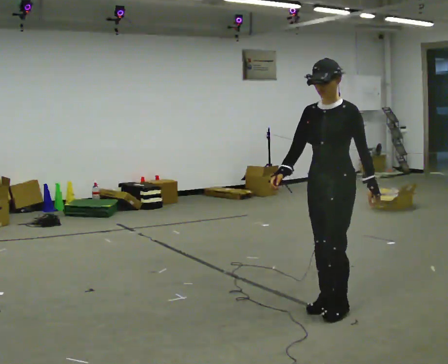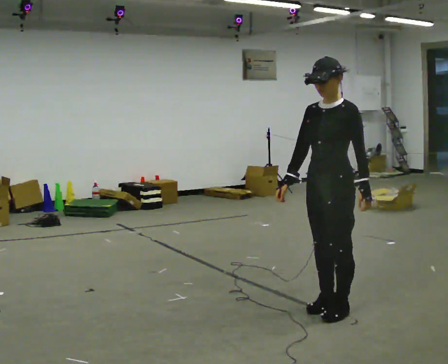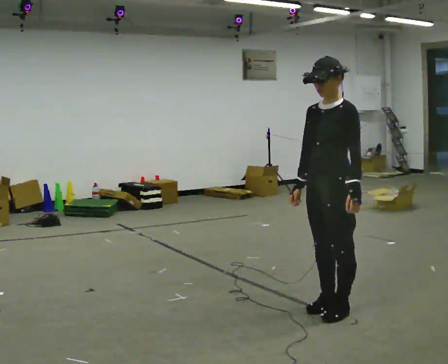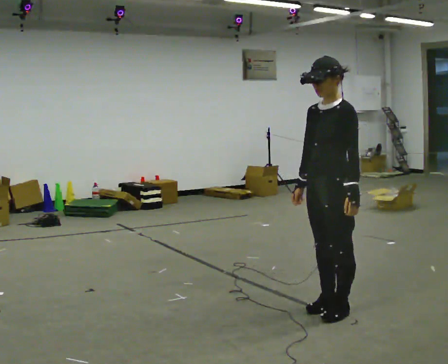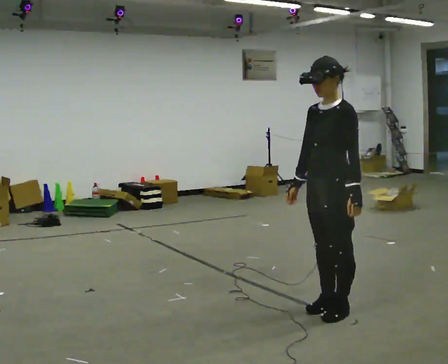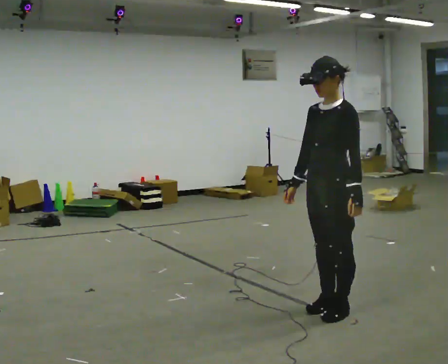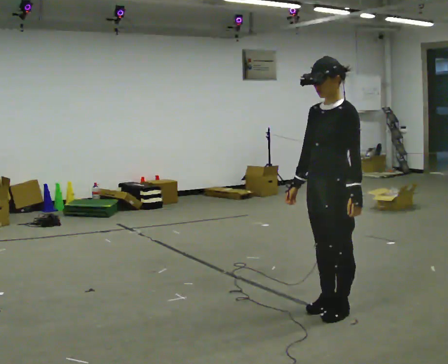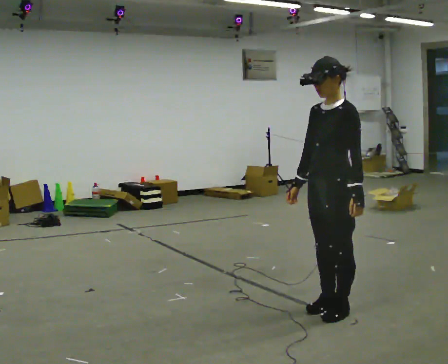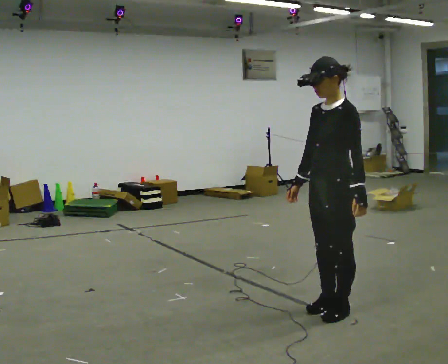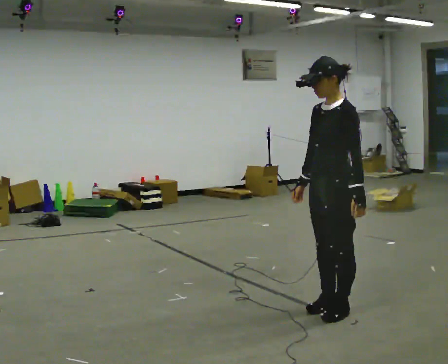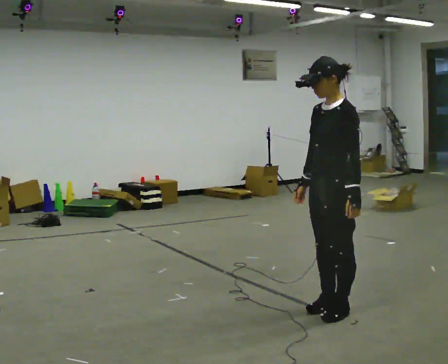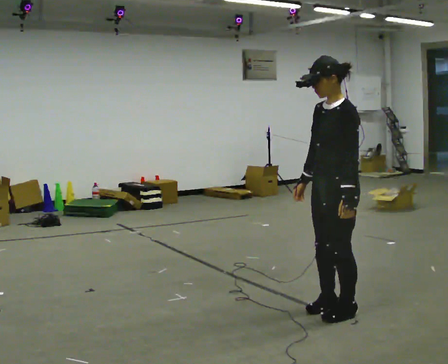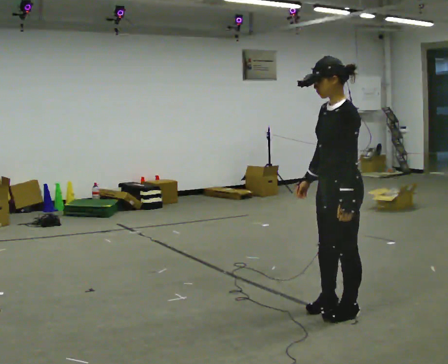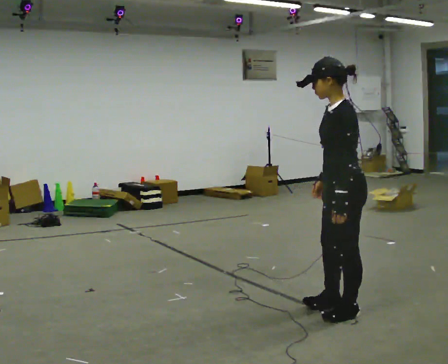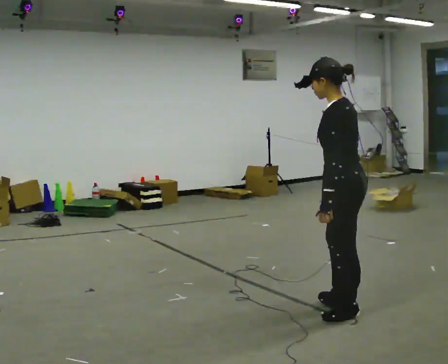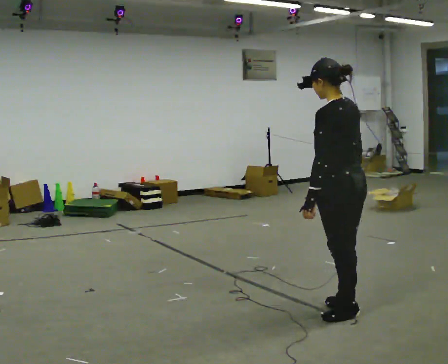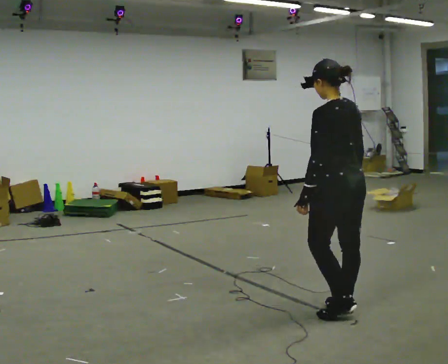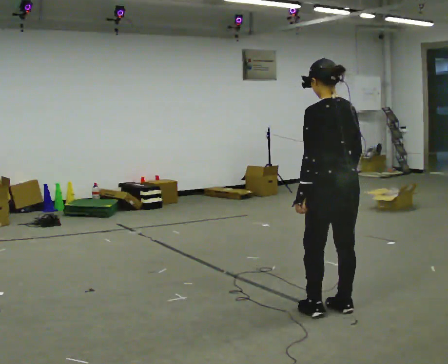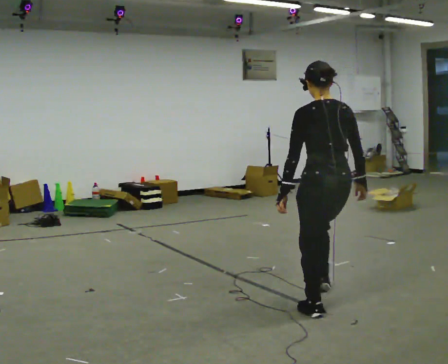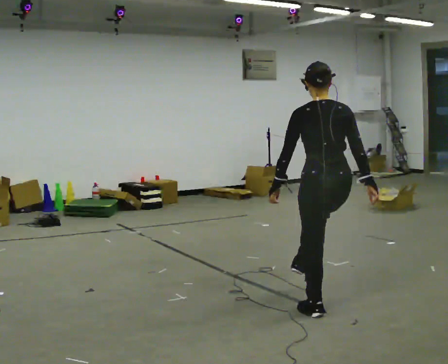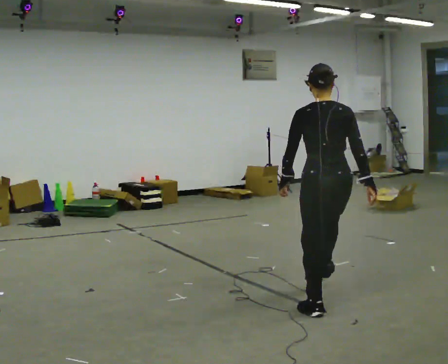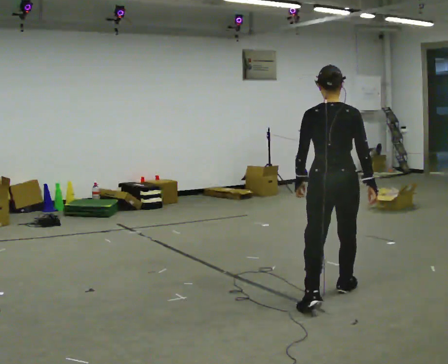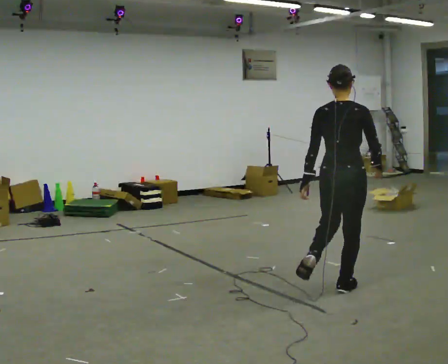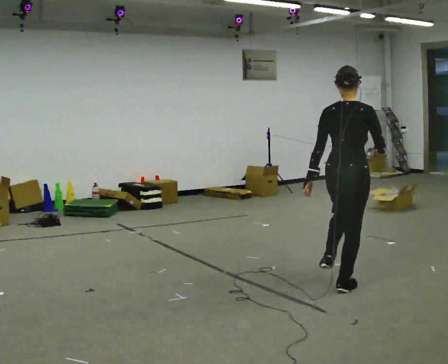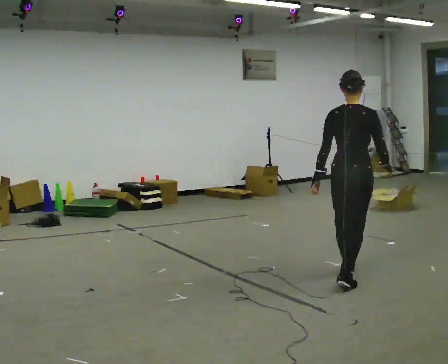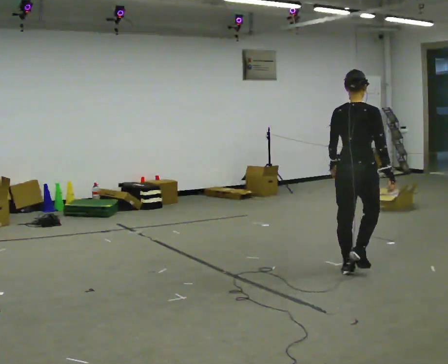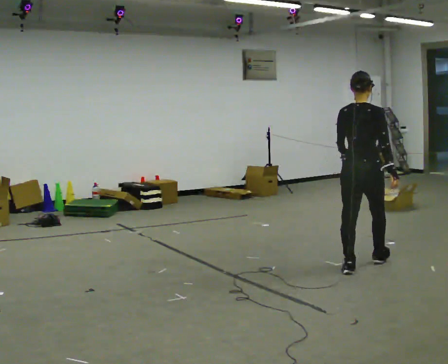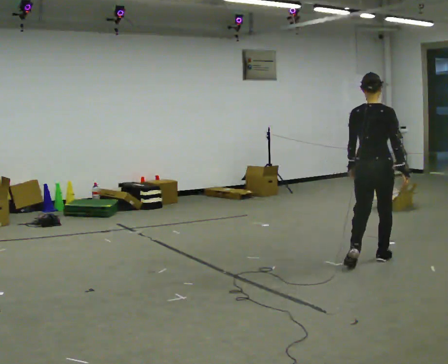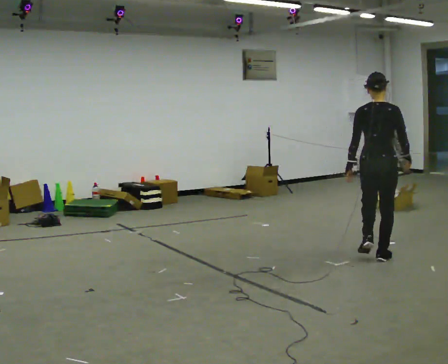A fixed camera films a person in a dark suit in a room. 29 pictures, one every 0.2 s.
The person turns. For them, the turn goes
to their right.
The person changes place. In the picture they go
away from the camera.
0.0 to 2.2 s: The part of the body nearest the lens slides to the left as the person turns to their right by about 30 degrees.
2.2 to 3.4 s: Seen from above the body turns clockwise, about 75 degrees: to their right, with its near side sliding to the left.
3.4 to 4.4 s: The part of the body nearest the lens slides to the left as the person turns to their right by about 45 degrees. In the picture they go away from the camera, about 0.5 m in 2 steps, which for them is forward and to their right.
4.4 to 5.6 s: In the picture they go away from the camera, about 1 m in 2 steps, which for them is forward.
The film runs forward here.
